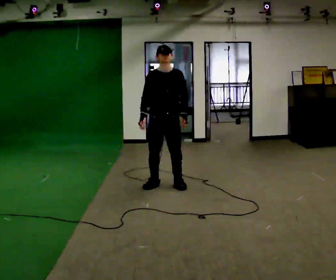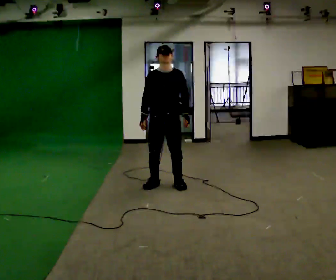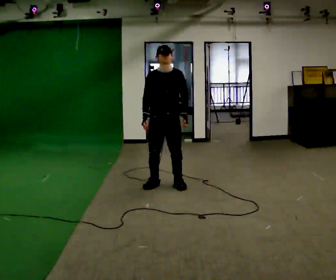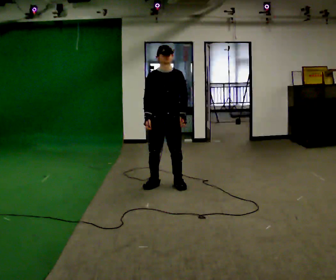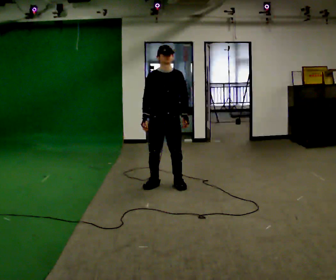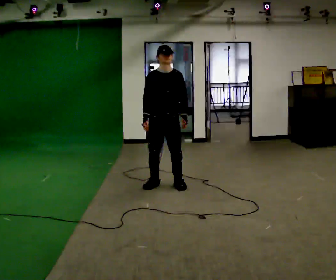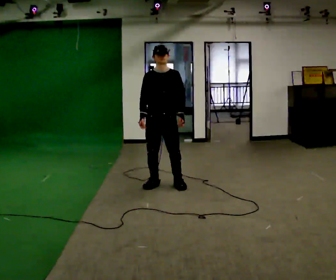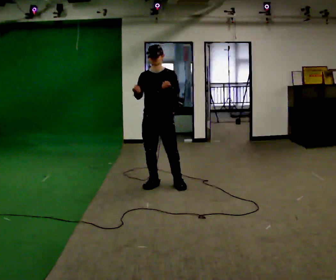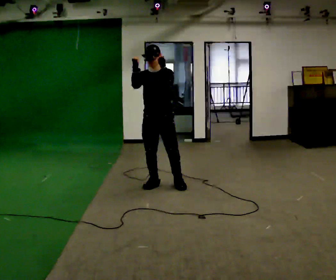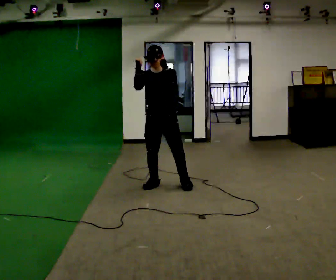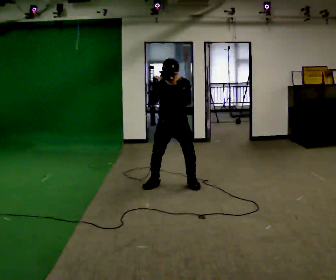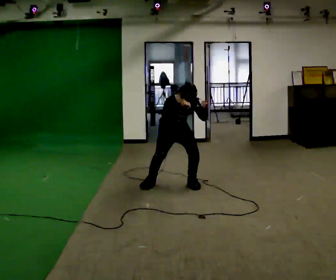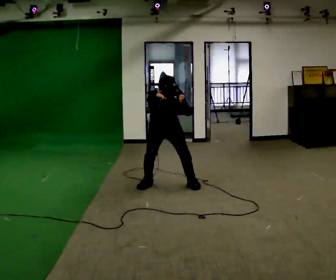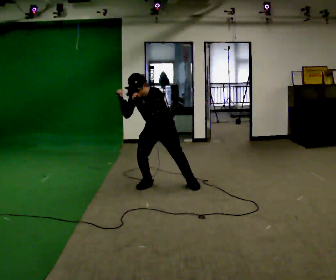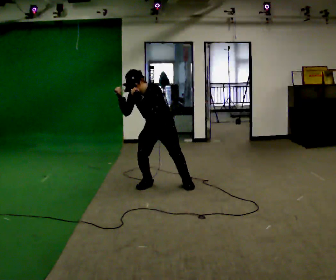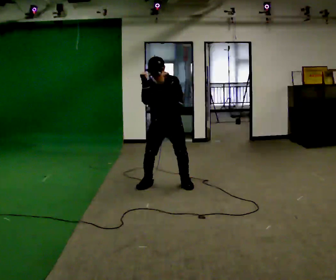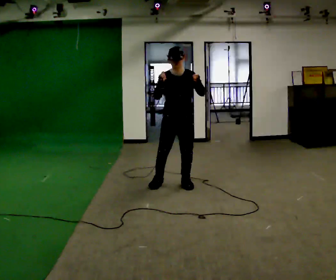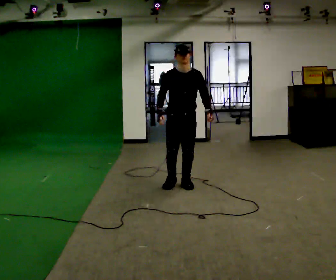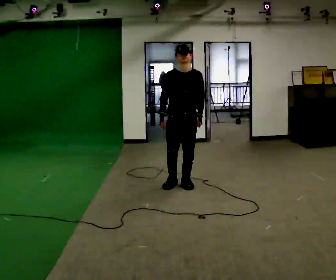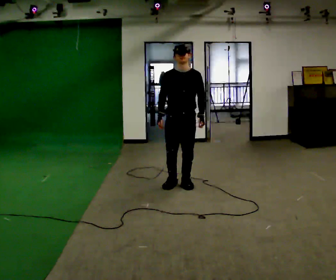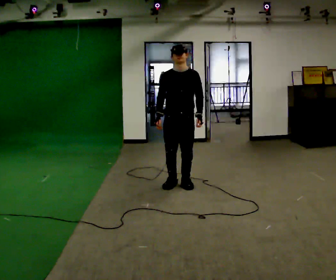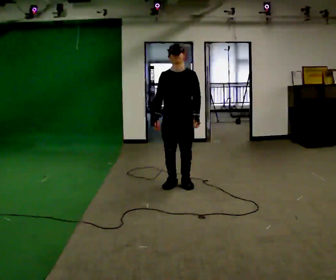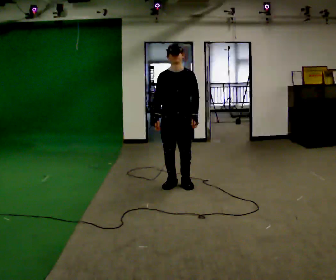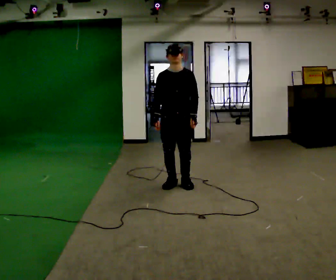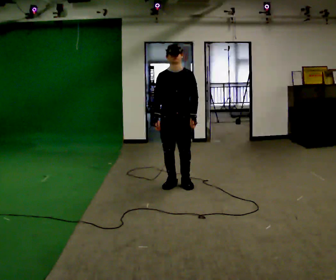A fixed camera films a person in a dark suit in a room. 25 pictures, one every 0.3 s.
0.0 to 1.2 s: The person moves a little, or ends about where they began.
1.2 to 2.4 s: In the picture their left hand goes upward.
2.4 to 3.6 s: The upper body tips toward the camera, its near side rolling downward, as they bend forward. In the picture their right hand goes downward.
3.6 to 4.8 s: In the picture they go to the right, about 0.25 m, which for them is to their left. The shoulders move upward. The upper body tips away from the camera, its near side rolling upward, as they lean back or straighten.
4.8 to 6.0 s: In the picture their right hand goes downward.
6.0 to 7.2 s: The person moves a little, or ends about where they began.
The film runs forward here.
